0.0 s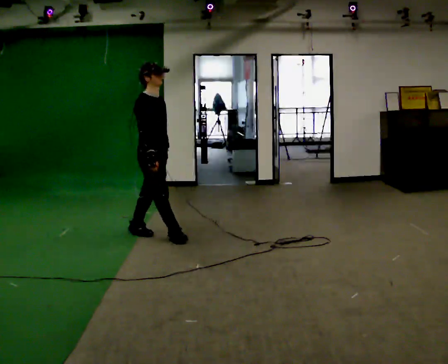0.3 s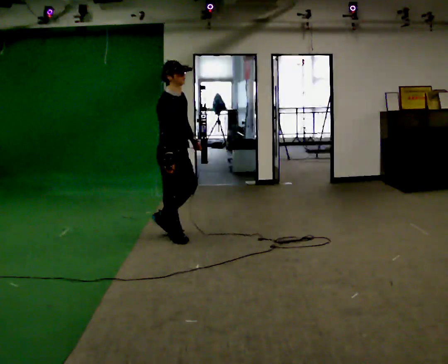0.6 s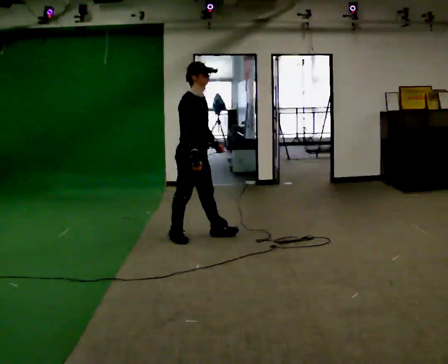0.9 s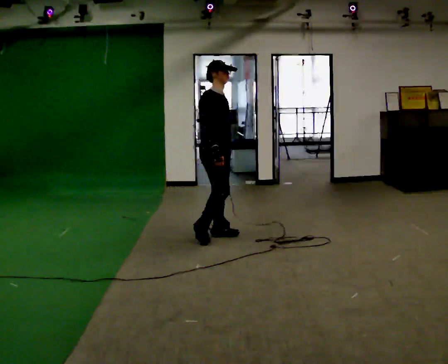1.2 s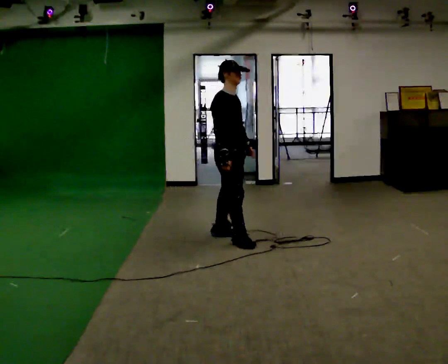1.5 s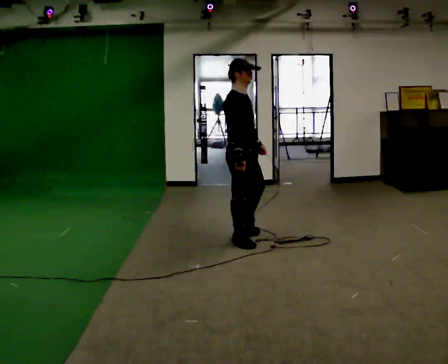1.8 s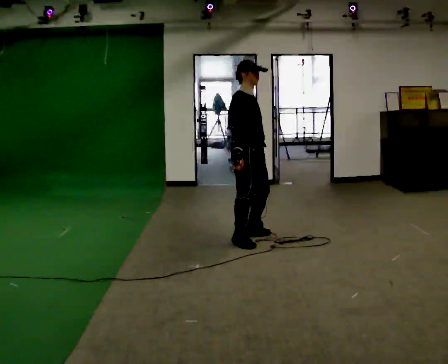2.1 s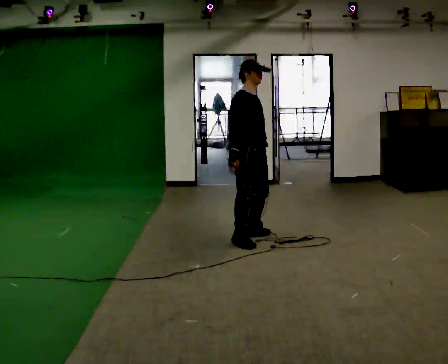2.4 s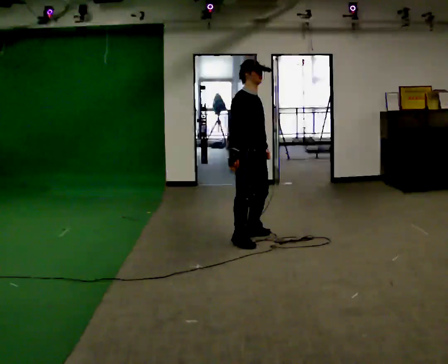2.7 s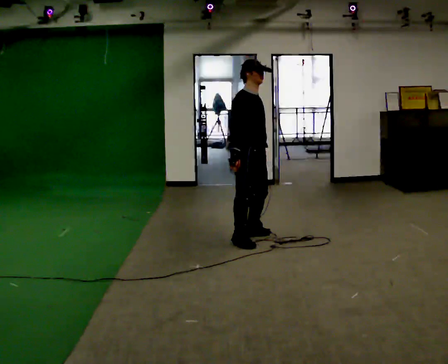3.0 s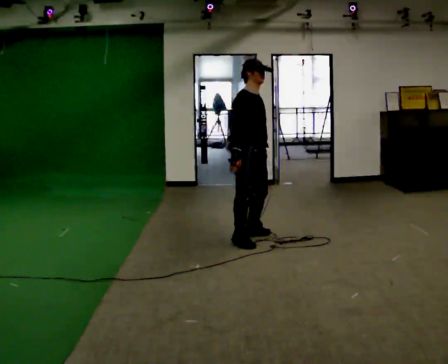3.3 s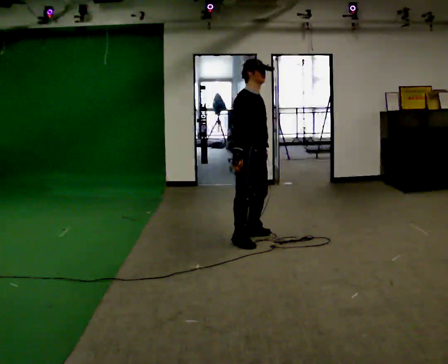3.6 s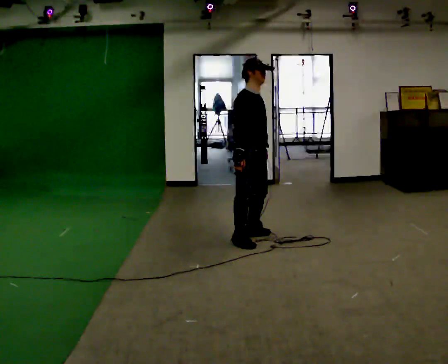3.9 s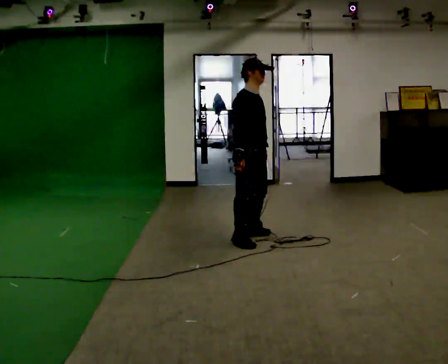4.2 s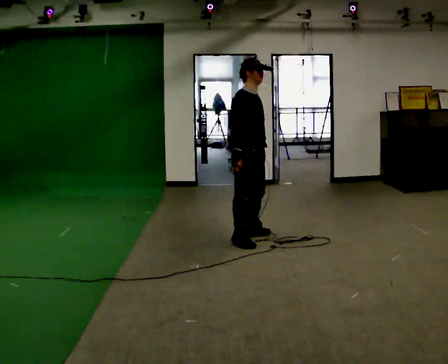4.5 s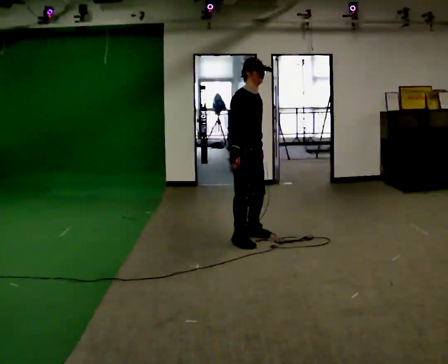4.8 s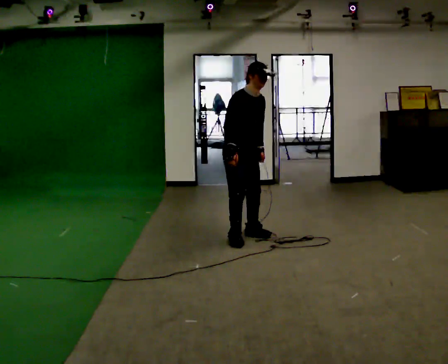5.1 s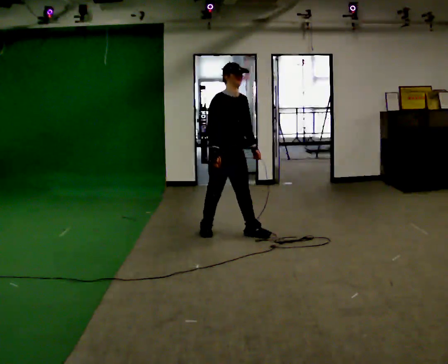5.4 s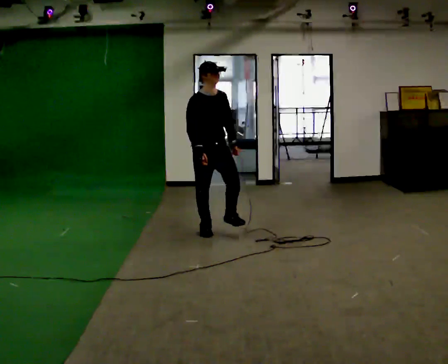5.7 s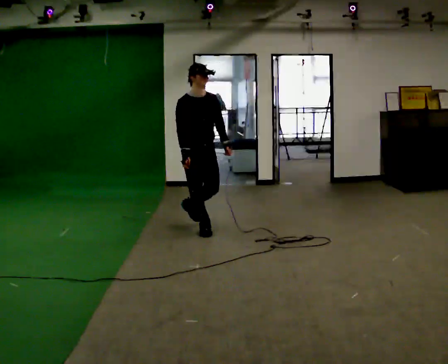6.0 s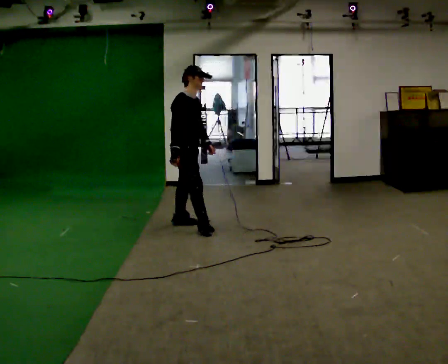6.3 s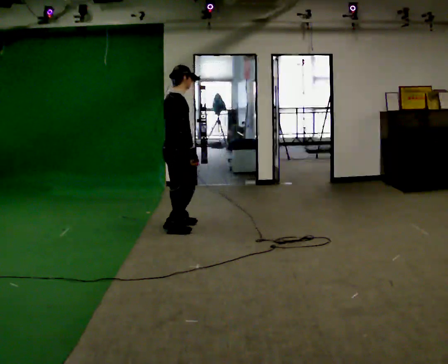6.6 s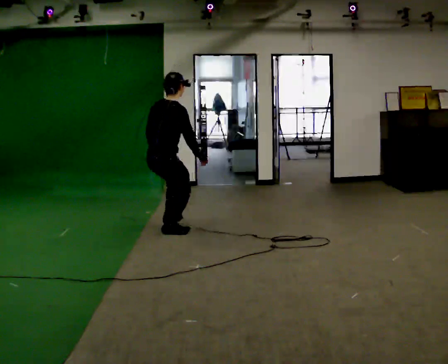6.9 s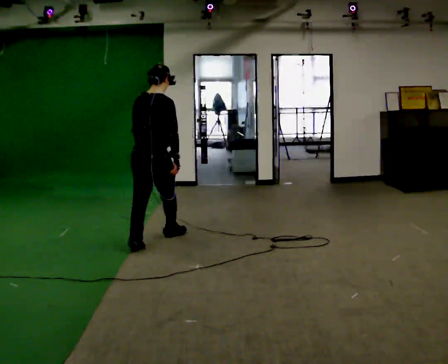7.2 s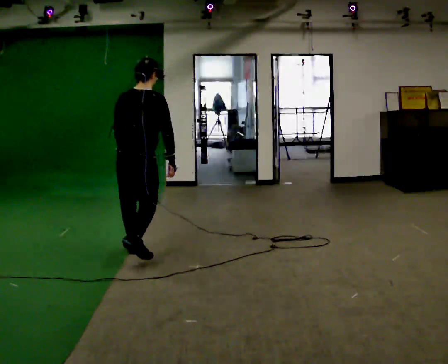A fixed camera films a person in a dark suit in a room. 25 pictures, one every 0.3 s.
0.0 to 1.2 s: In the picture they go to the right, about 0.5 m in 2 steps, which for them is forward.
1.2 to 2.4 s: In the picture they go to the right, about 0.25 m in 1 step, which for them is forward.
2.4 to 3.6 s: The person moves a little, or ends about where they began.
3.6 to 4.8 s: In the picture they go away from the camera, about 0.25 m, which for them is backward and to their left.
4.8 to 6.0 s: In the picture they go to the left and away from the camera, about 0.75 m in 2 steps, which for them is backward and to their right.
6.0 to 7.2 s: Seen from above the body turns counterclockwise, about 90 degrees: to their left, with its near side sliding to the right. In the picture they go toward the camera, about 1 m in 2 steps.
The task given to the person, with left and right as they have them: Move around the room freely as if avoiding someone: change speed and direction whenever you like. Keep moving until the operator says stop.
The film runs forward here.
